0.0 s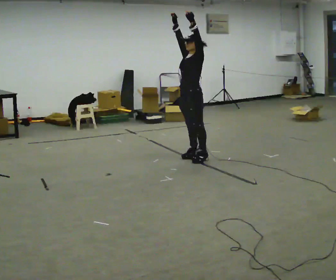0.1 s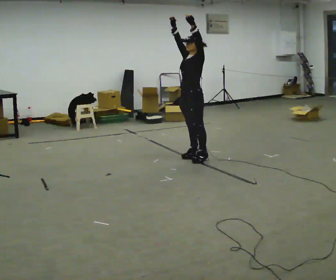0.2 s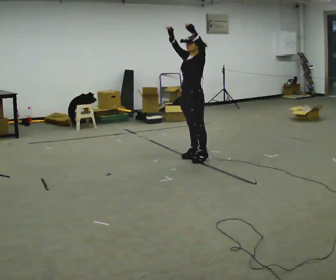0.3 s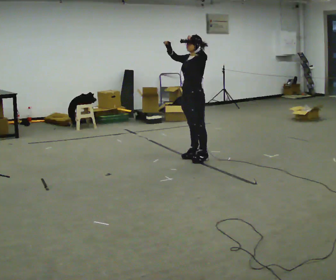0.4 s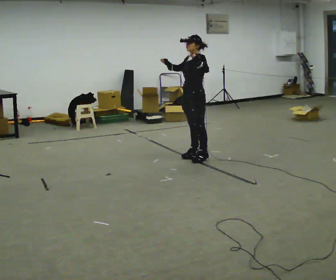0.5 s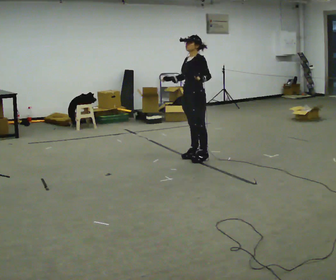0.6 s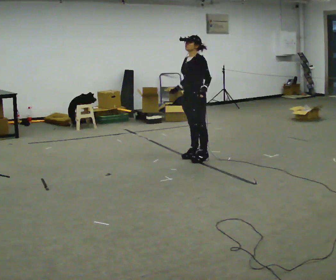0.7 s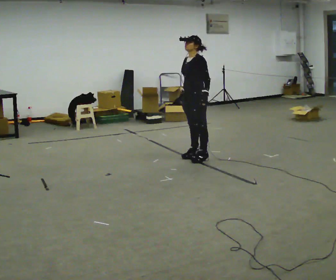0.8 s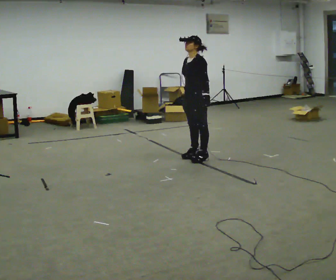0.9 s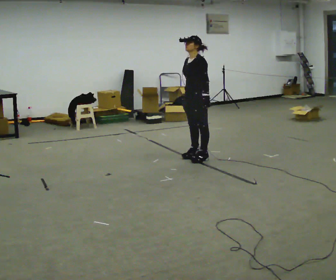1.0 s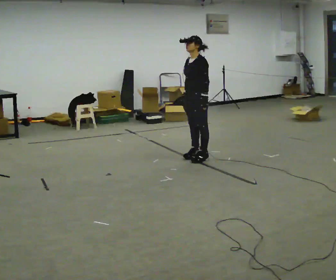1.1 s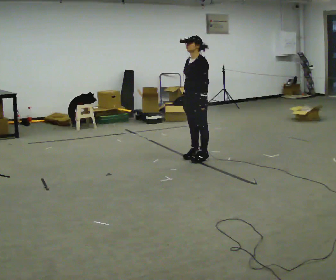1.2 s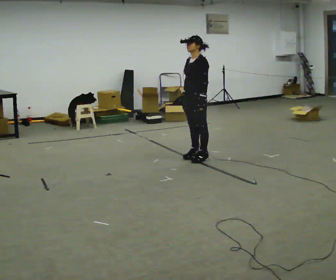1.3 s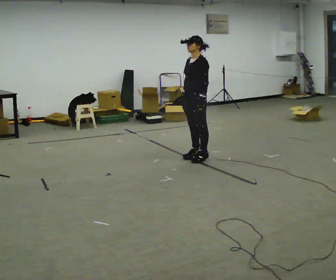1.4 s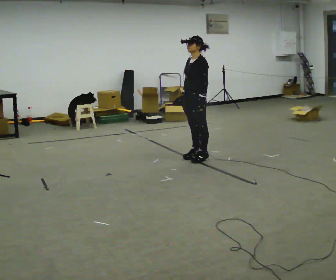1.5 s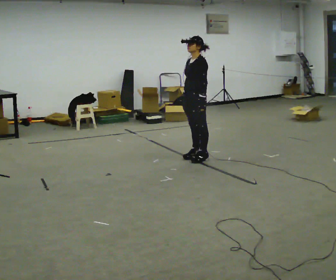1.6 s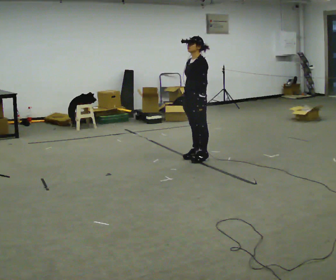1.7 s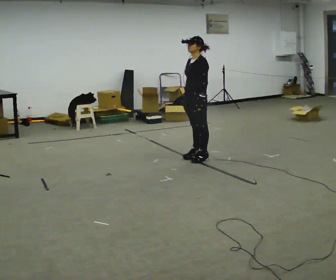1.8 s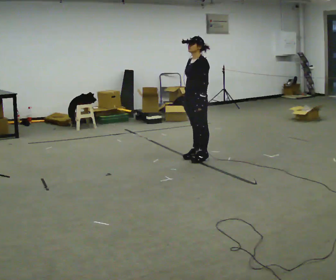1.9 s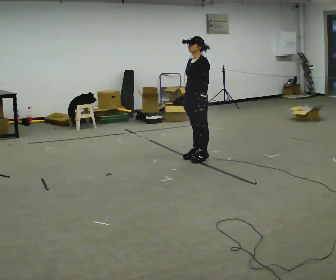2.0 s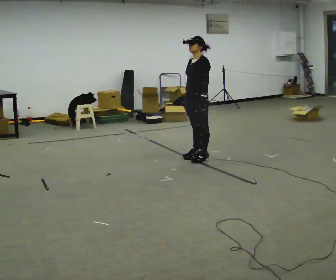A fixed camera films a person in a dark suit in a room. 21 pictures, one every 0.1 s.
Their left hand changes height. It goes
downward.
Their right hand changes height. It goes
downward.
0.0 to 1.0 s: In the picture their right hand goes downward, the arm swinging counterclockwise.
1.0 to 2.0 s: The person moves a little, or ends about where they began.
The film runs forward here.
